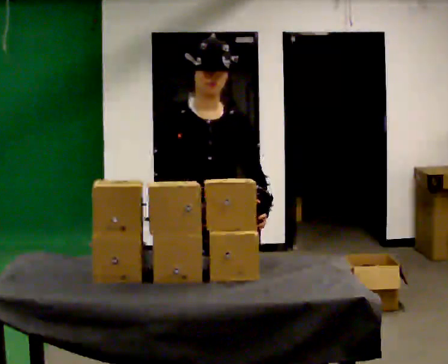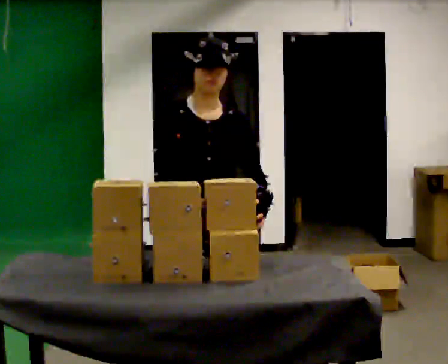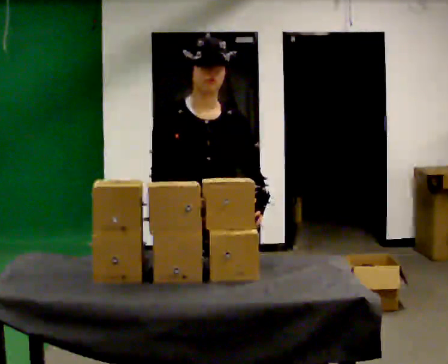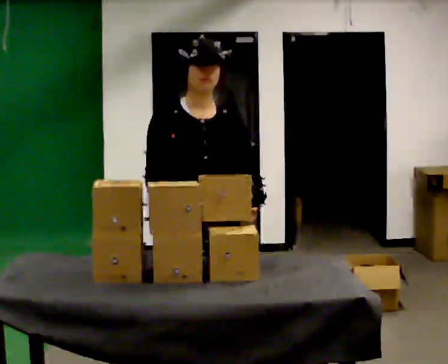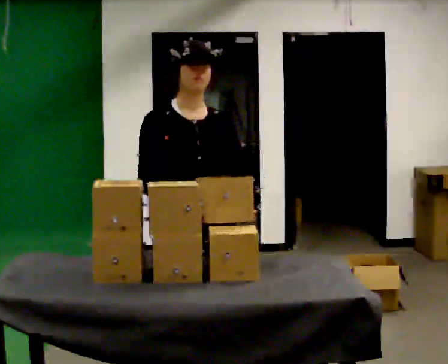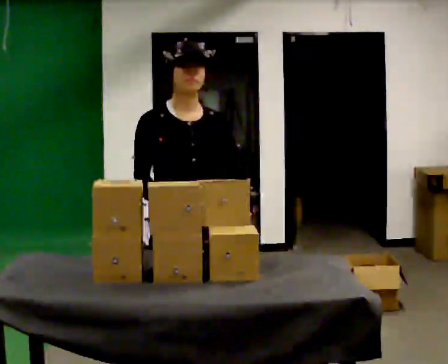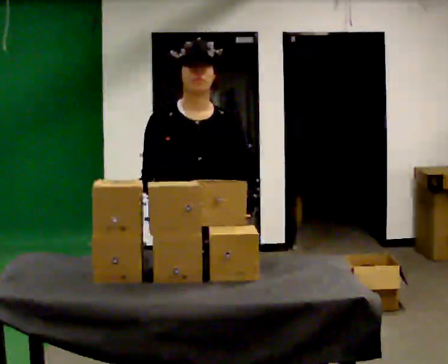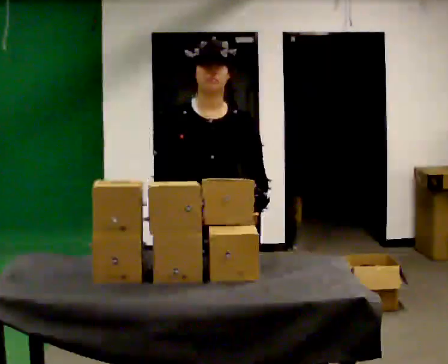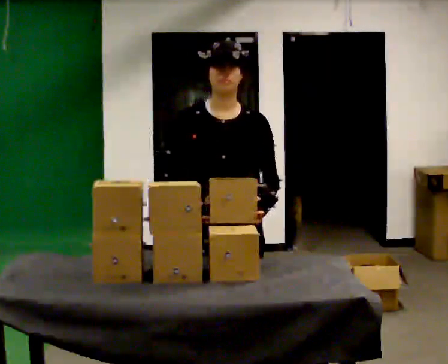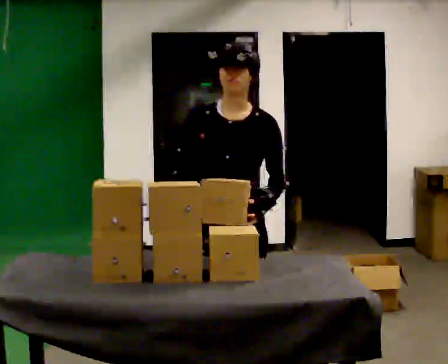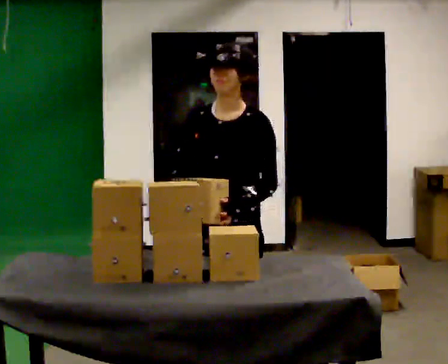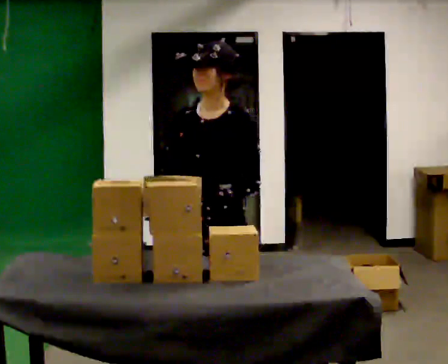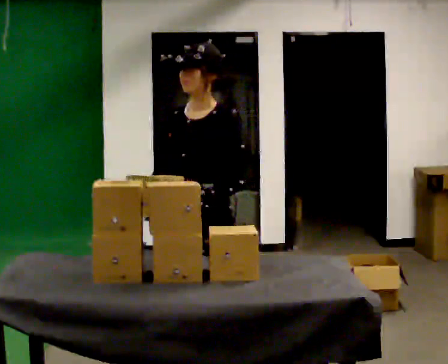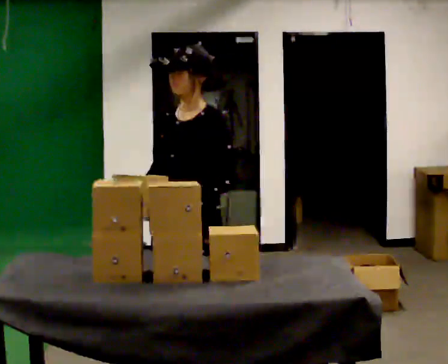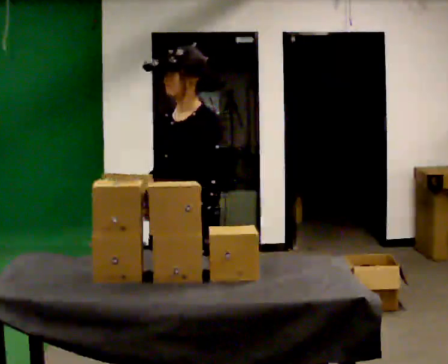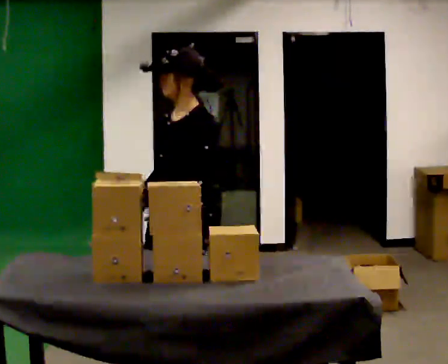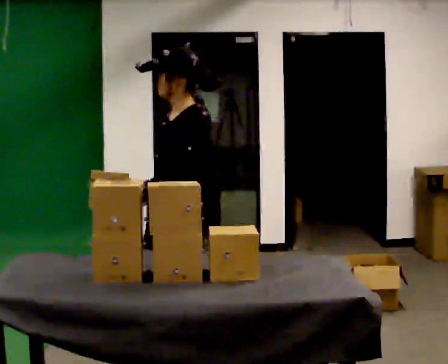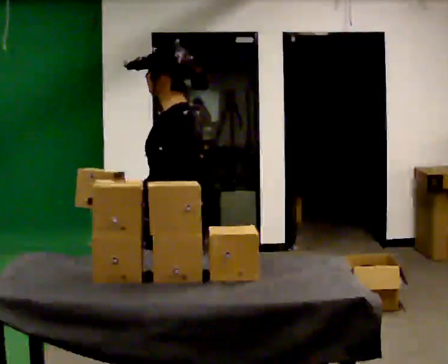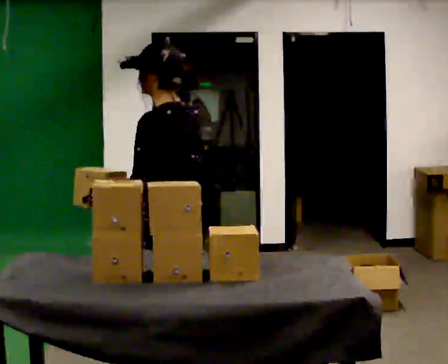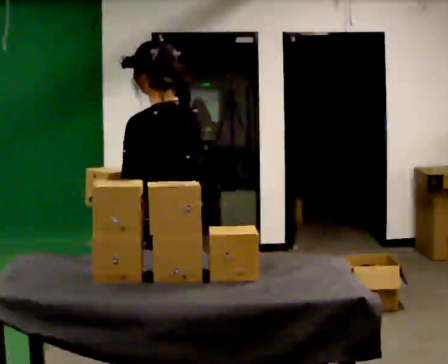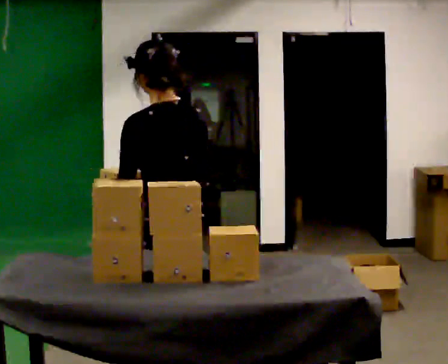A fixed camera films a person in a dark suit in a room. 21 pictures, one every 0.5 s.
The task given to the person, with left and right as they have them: 1. Take the objects out of the box on the table one at a time. 2. Put each one in the bin the operator has labelled for it. 3. Tell the operator when you are finished.
0.0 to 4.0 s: The person moves a little, or ends about where they began.
4.0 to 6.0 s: The part of the body nearest the lens slides to the left as the person turns to their right by about 45 degrees.
6.0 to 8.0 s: The part of the body nearest the lens slides to the left as the person turns to their right by about 45 degrees.
8.0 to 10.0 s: The part of the body nearest the lens slides to the left as the person turns to their right by about 60 degrees. In the picture they go toward the camera, about 0.25 m, which for them is to their left.
The film runs forward here.
